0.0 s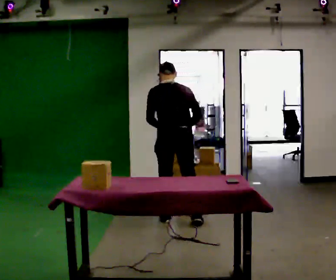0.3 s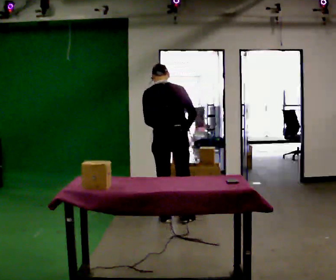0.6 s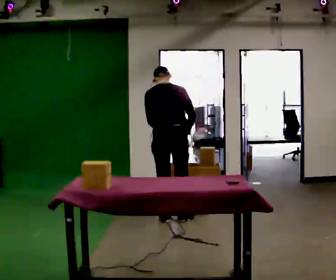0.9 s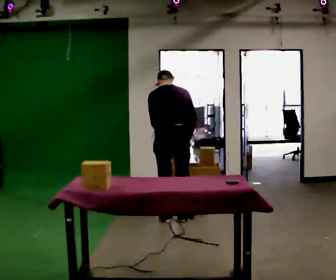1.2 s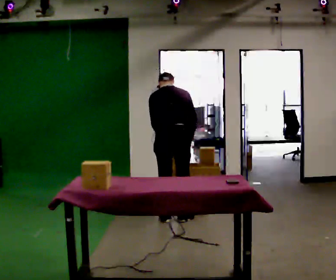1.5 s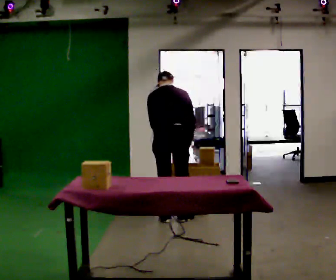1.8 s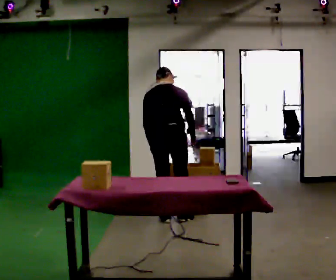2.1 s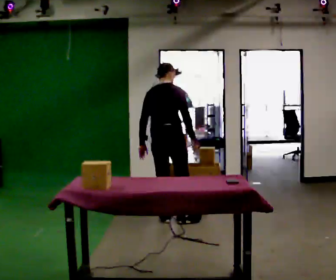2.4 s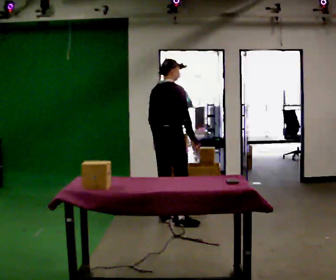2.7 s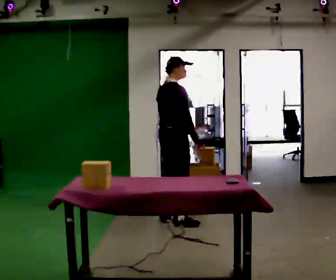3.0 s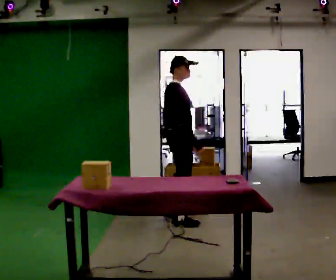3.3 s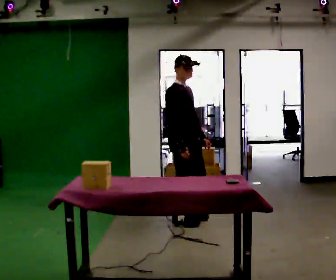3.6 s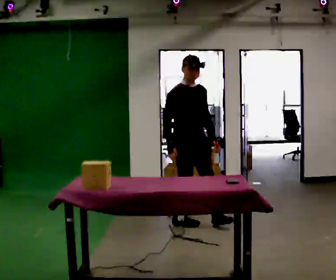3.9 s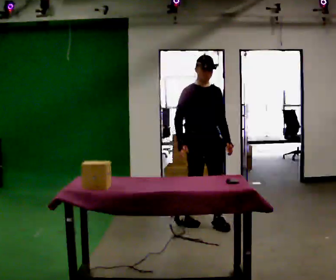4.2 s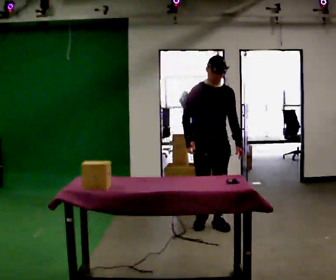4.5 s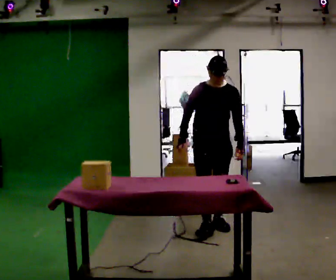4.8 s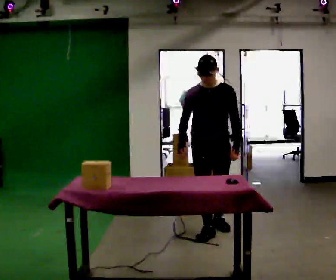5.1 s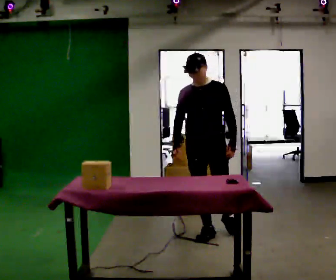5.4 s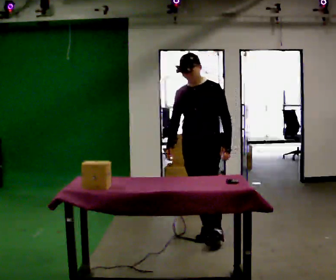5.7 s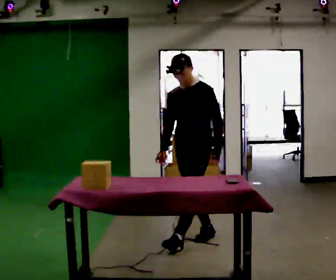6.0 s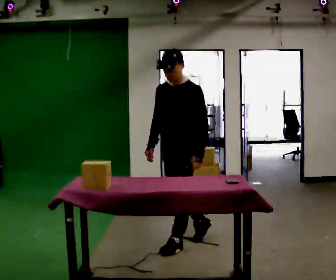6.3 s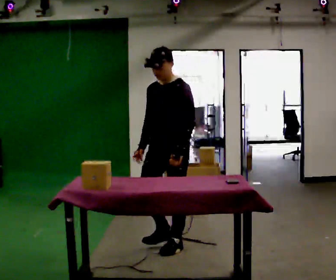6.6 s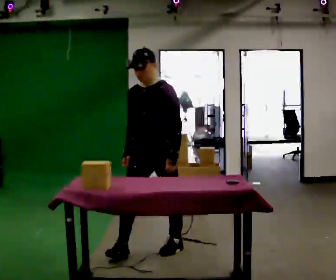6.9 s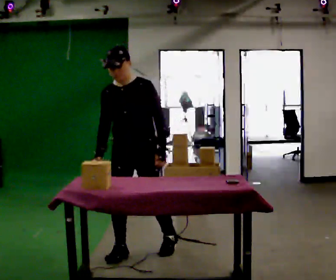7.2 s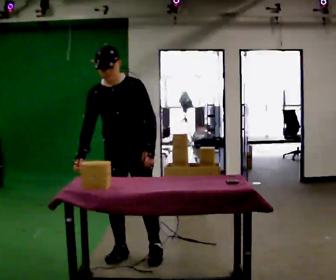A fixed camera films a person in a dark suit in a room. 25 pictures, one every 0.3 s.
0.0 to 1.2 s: The upper body tips away from the camera, its near side rolling upward, as they bend forward.
1.2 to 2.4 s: The person turns about 45 degrees to their right, clockwise seen from above, so the part of the body nearest the lens slides to the left. The upper body tips toward the camera, its near side rolling downward, as they lean back or straighten.
2.4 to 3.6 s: The person turns about 90 degrees to their right, clockwise seen from above, so the part of the body nearest the lens slides to the left. In the picture they go to the right and toward the camera, about 0.25 m.
3.6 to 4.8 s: Seen from above the body turns clockwise, about 45 degrees: to their right, with its near side sliding to the left. In the picture they go toward the camera and to the right, about 0.25 m in 2 steps, which for them is forward.
4.8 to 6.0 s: Seen from above the body turns clockwise, about 45 degrees: to their right, with its near side sliding to the left. In the picture they go toward the camera and to the left, about 0.5 m in 1 step, which for them is forward.
6.0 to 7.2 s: The person turns about 30 degrees to their left, counterclockwise seen from above, so the part of the body nearest the lens slides to the right. In the picture they go to the left and toward the camera, about 0.5 m in 1 step, which for them is forward and to their right.
The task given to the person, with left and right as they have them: 1. Clear everything off the table and put it away on the shelves. 2. Then set the table back up the way the operator shows you in the photo. 3. Tell the operator when you are finished.
The film runs forward here.
